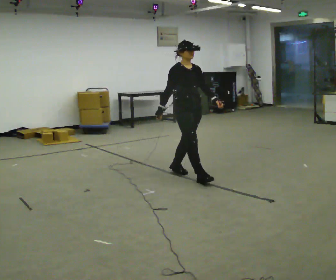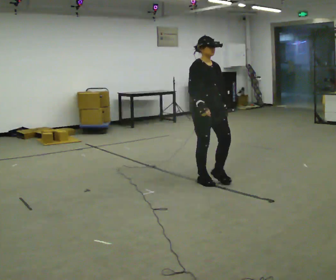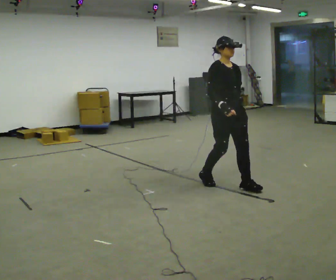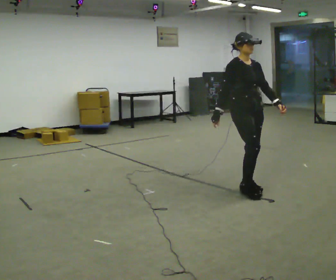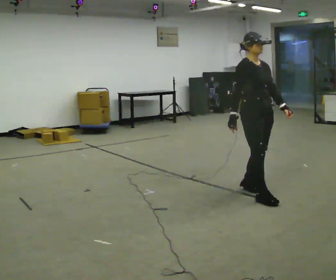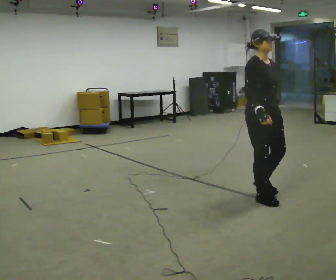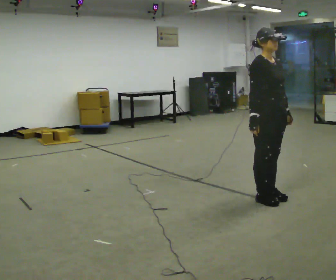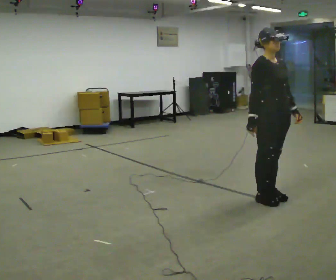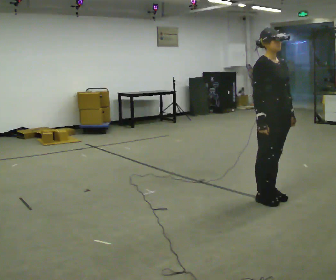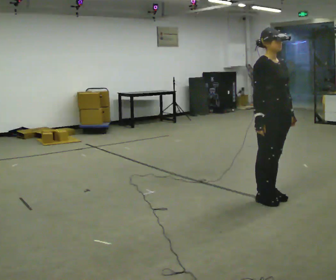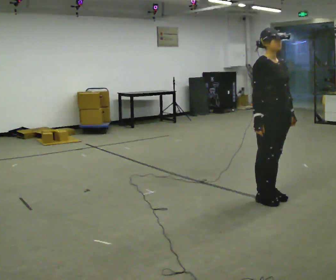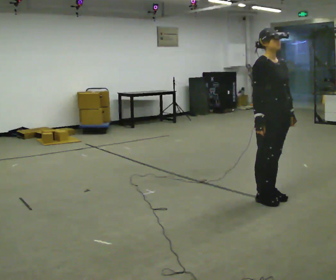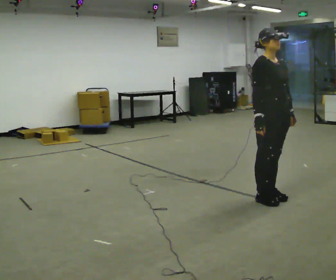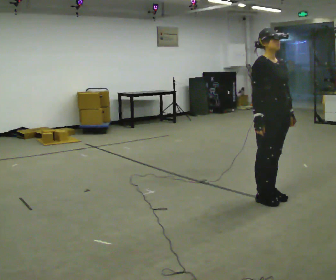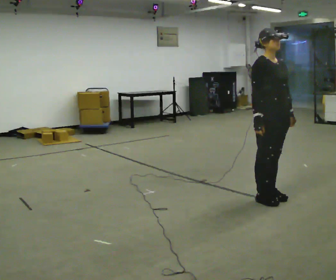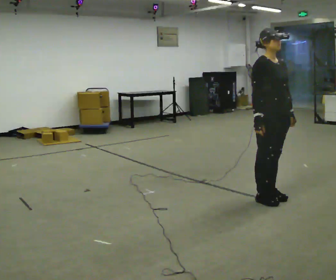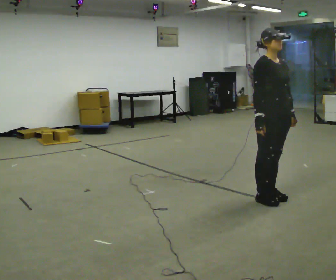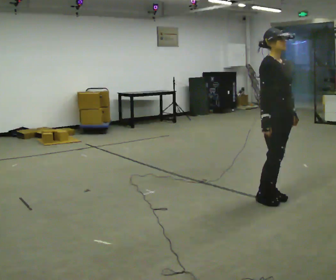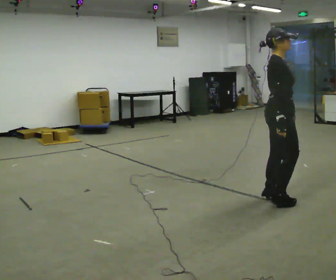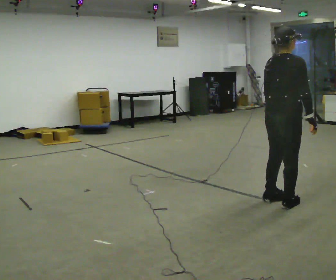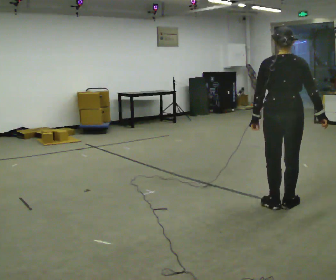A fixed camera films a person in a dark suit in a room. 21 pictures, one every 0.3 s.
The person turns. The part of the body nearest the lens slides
to the right.
The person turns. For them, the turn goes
to their left.
0.0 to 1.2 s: In the picture they go to the right and toward the camera, about 1 m in 3 steps, which for them is forward.
1.2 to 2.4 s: In the picture they go toward the camera and to the right, about 0.25 m in 1 step, which for them is forward.
2.4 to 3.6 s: The person moves a little, or ends about where they began.
3.6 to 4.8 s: The person keeps their place and pose.
4.8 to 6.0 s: Seen from above the body turns counterclockwise, about 135 degrees: to their left, with its near side sliding to the right. In the picture they go toward the camera, about 0.25 m in 2 steps. In the picture their right hand goes to the right, the arm swinging counterclockwise.
The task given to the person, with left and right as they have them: Stand still 2 s; begin walking naturally; walk forward; stop.
The film runs forward here.
